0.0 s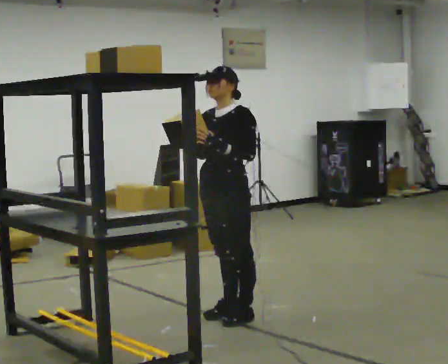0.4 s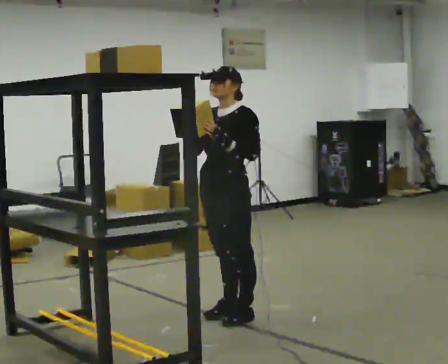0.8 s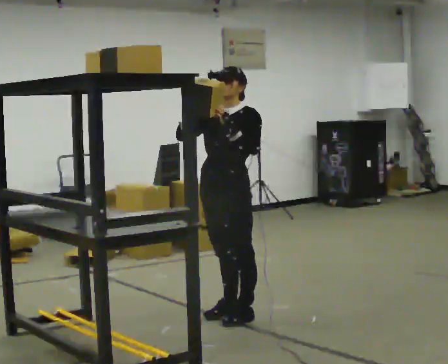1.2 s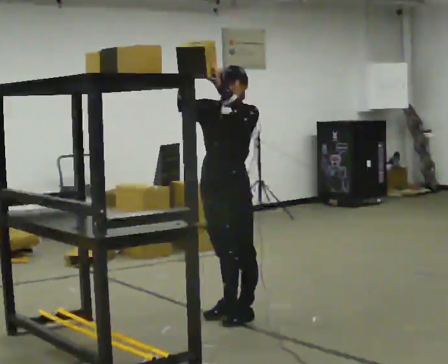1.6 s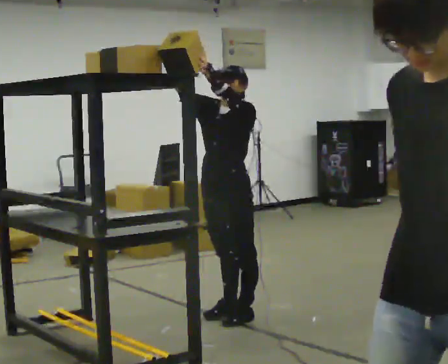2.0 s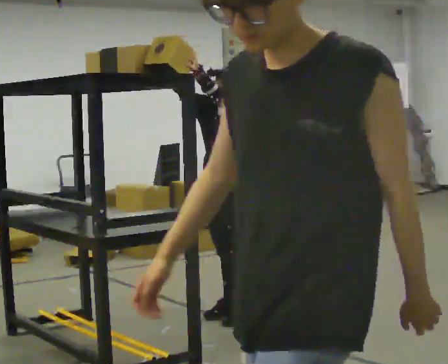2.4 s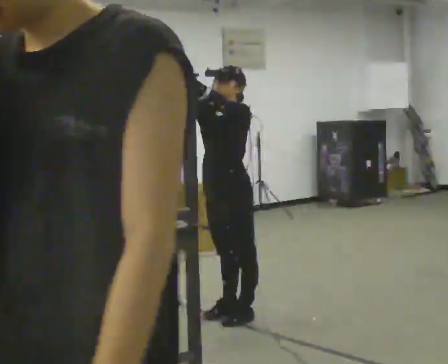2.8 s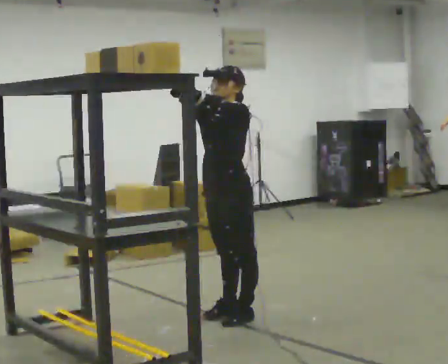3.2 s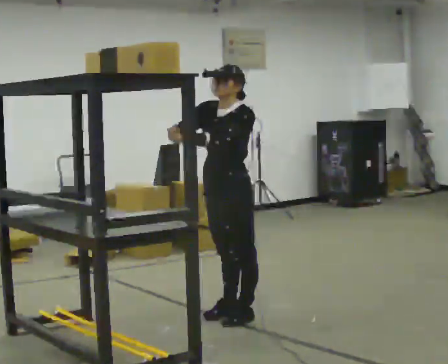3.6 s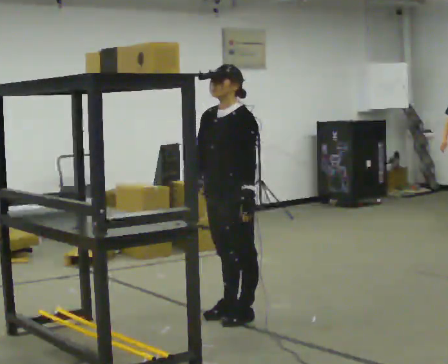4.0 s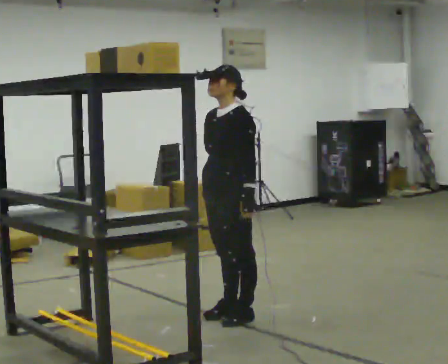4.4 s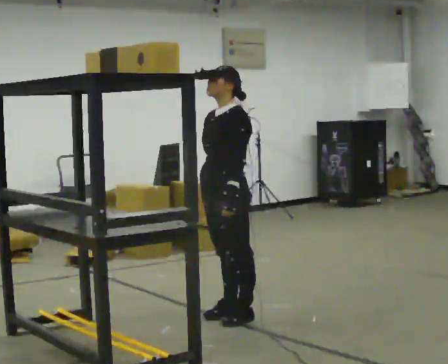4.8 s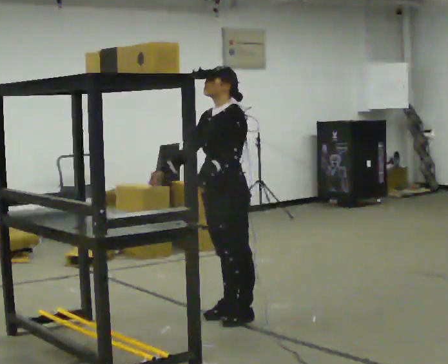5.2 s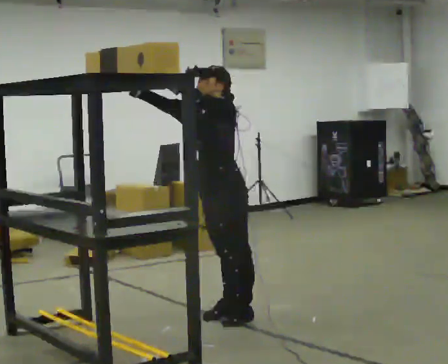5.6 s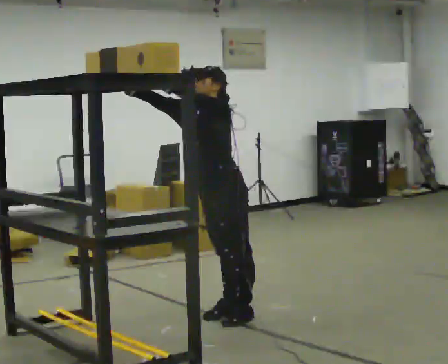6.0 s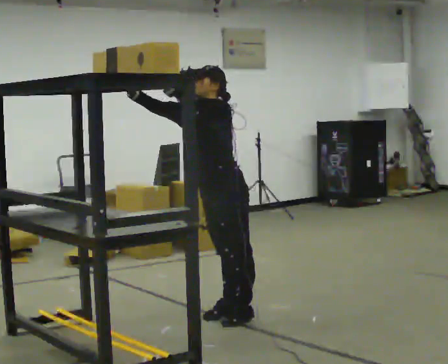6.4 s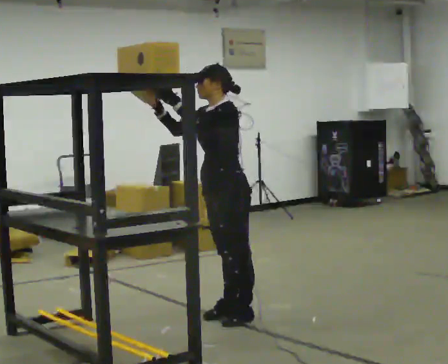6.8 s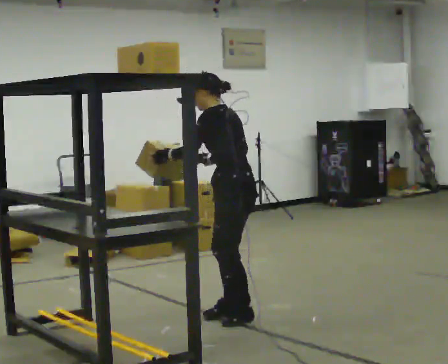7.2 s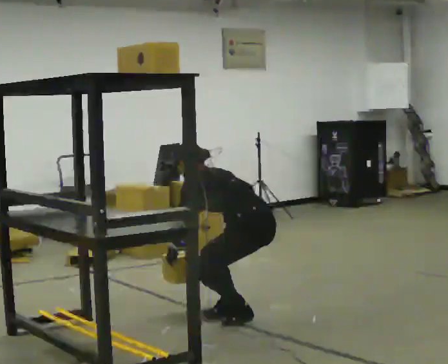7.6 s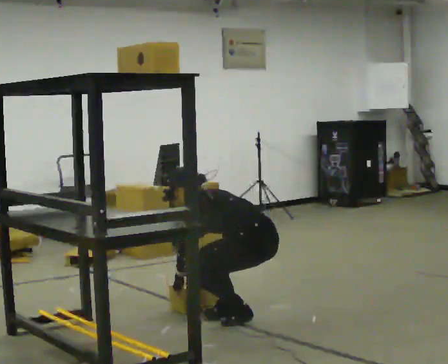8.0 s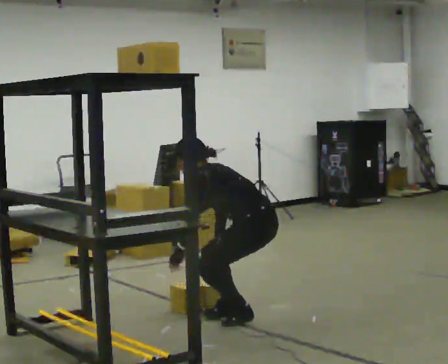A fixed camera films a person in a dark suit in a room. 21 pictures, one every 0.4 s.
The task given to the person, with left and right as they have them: Place the object on the shelf just at the top of your comfortable reach. Repeat at your own pace until the operator says stop. Keep both feet on the marked spots for the whole take. If you have to step, stop and tell the operator.
0.0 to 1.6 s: In the picture their right hand goes upward.
1.6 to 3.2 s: In the picture their right hand goes downward.
3.2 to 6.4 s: The person moves a little, or ends about where they began.
6.4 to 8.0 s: The person turns about 30 degrees to their right, clockwise seen from above, so the part of the body nearest the lens slides to the left. In the picture they go to the right, about 0.25 m, which for them is backward. In the picture their right hand goes downward.
The film runs forward here.
